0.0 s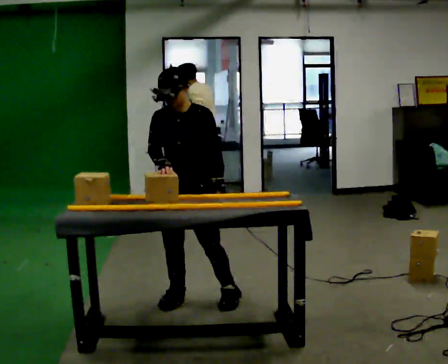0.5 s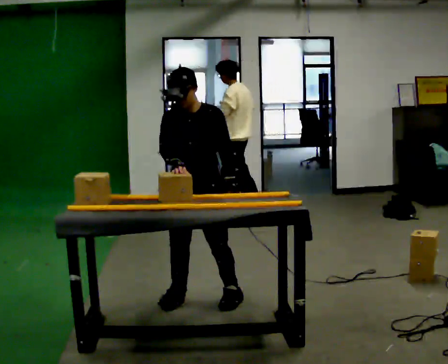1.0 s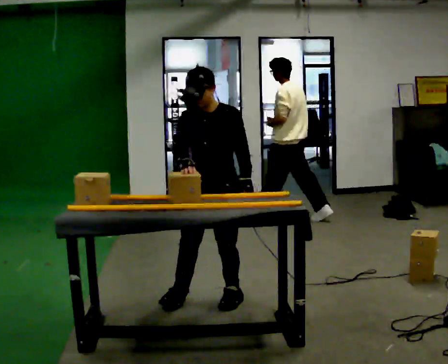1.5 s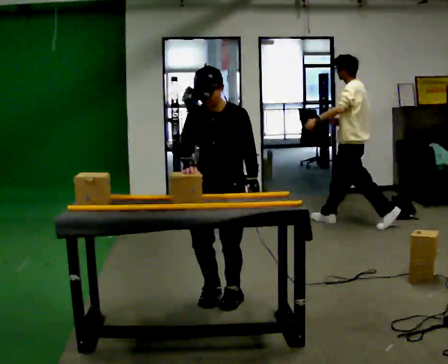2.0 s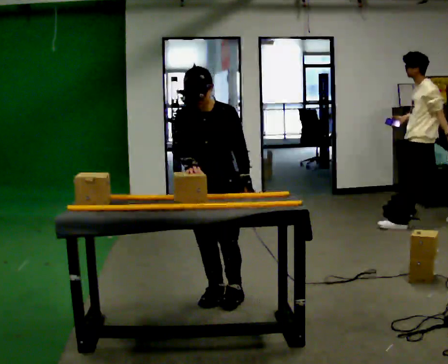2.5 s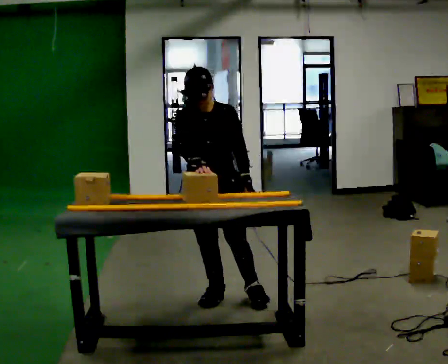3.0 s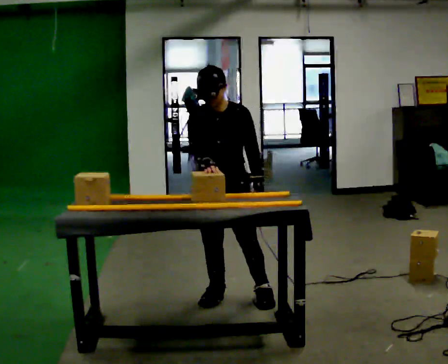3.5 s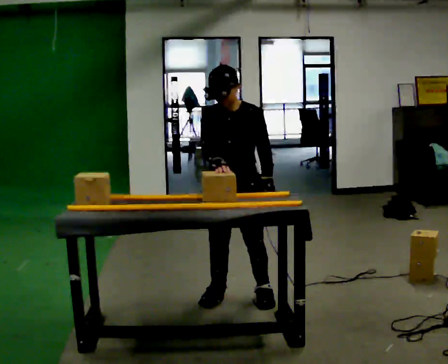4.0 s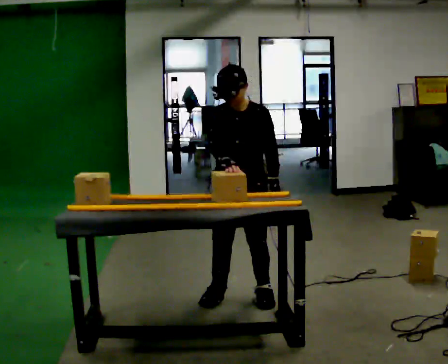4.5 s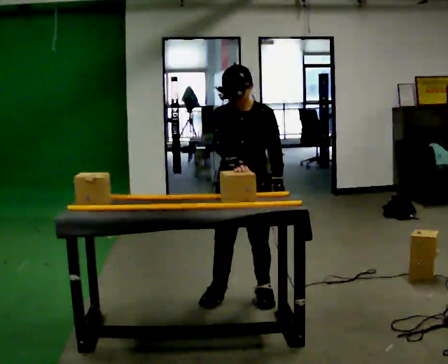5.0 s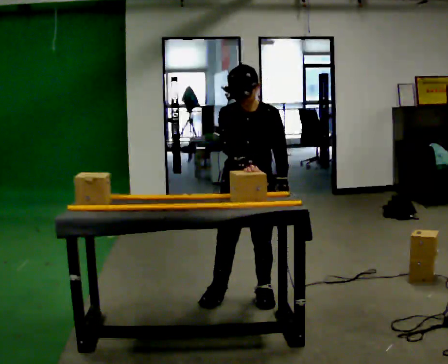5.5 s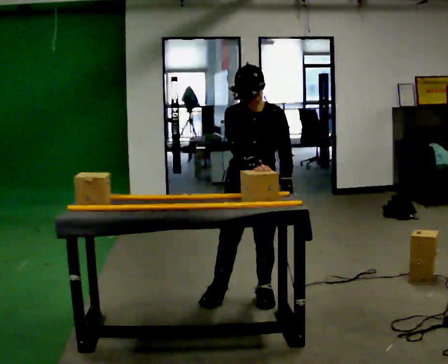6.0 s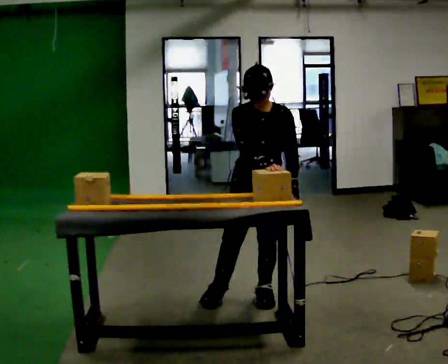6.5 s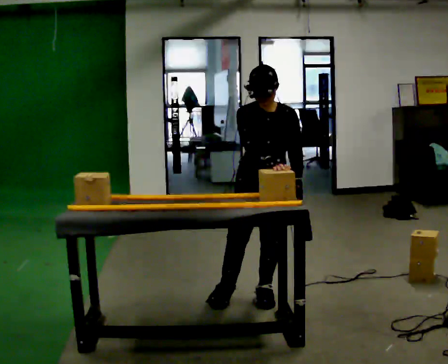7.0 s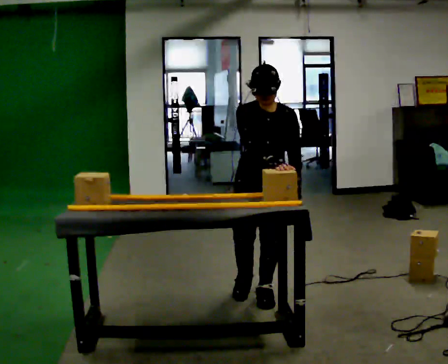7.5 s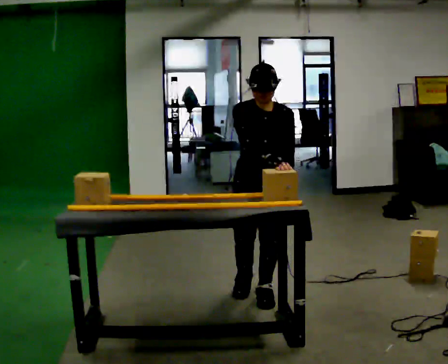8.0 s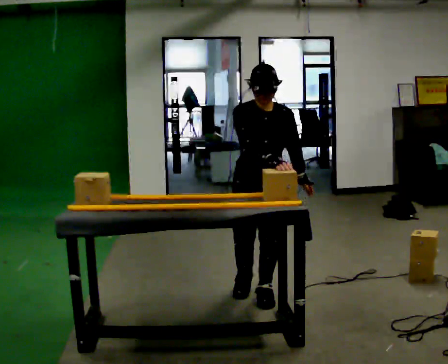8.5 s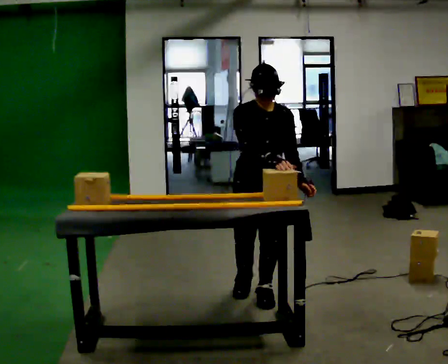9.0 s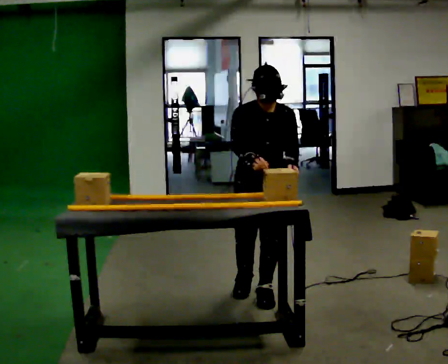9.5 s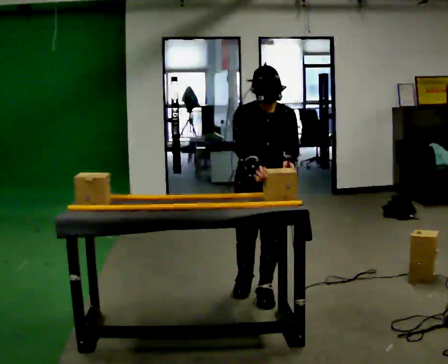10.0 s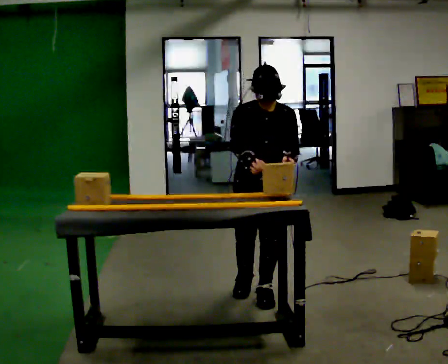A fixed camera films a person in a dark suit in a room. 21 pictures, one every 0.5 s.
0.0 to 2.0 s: In the picture they go to the right, about 0.25 m in 1 step, which for them is to their left.
2.0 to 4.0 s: In the picture they go to the right, about 0.25 m, which for them is to their left.
4.0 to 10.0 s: The person moves a little, or ends about where they began.
The film runs backward here.
